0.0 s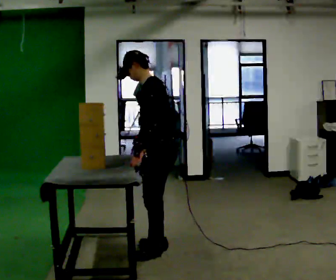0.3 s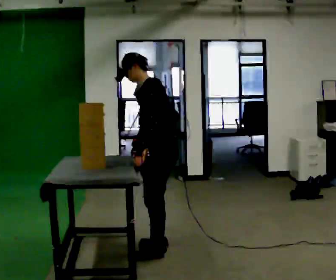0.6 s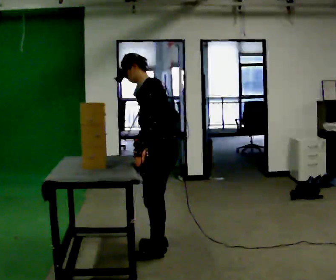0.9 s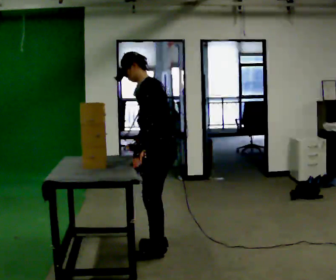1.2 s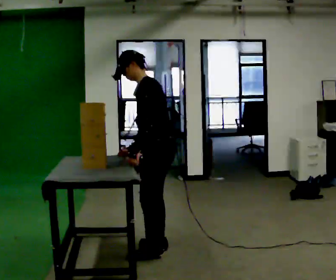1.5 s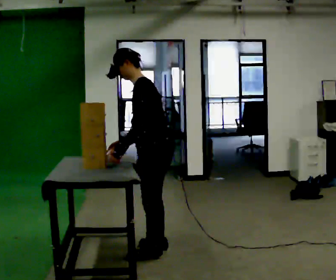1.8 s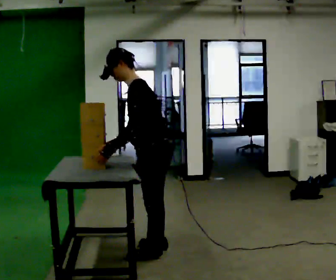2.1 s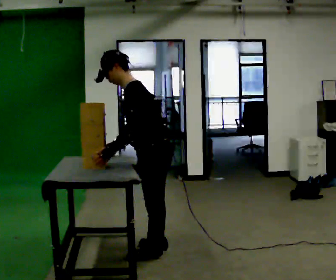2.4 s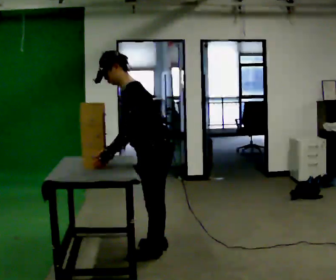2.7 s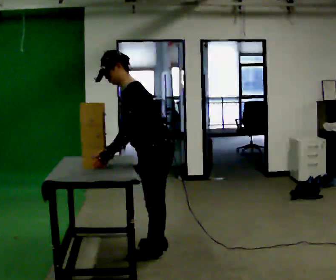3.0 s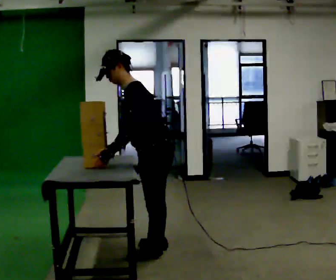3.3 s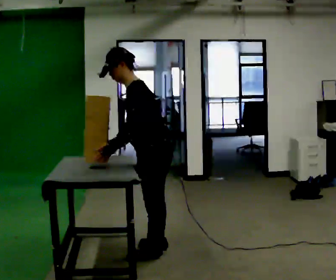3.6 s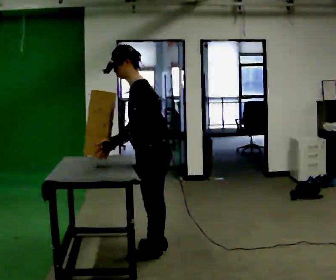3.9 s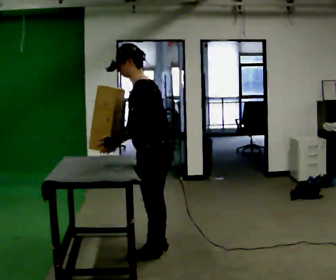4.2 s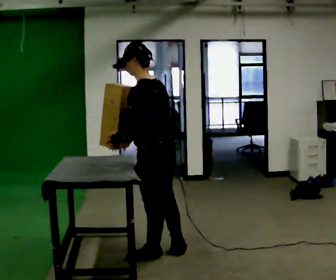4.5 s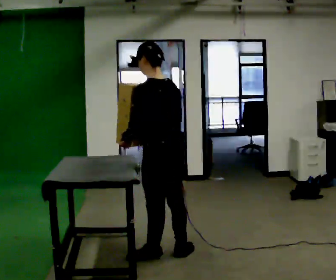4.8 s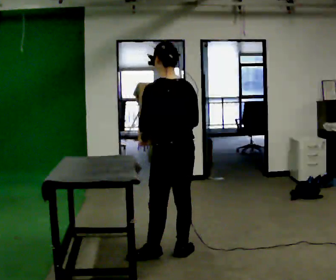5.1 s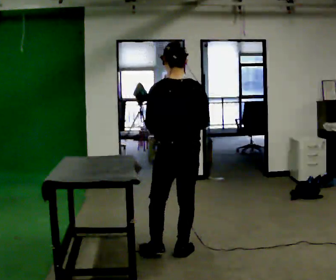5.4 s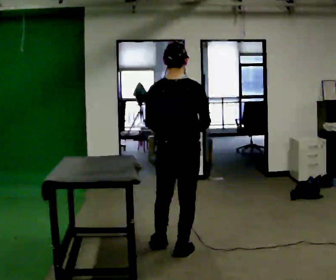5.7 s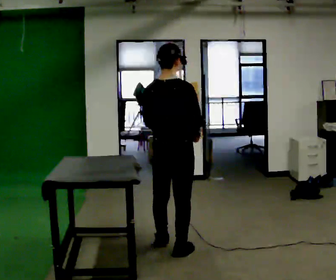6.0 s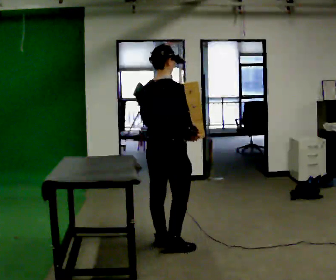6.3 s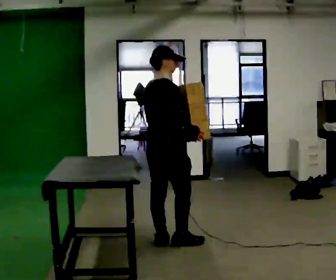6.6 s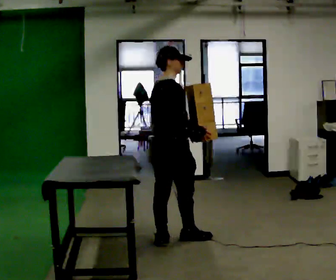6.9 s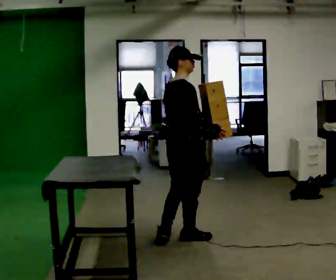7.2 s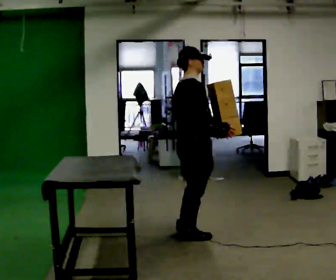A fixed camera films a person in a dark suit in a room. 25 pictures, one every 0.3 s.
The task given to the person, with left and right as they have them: Pick an object up off the floor at one end of the room, carry it across, and place it on the waist-height shelf at the other end. Keep going until the operator says stop; one object at a time, and do not rush between trips.
0.0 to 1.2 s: The person moves a little, or ends about where they began.
1.2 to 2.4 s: The upper body tips toward the camera, its near side rolling downward.
2.4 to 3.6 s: The person moves a little, or ends about where they began.
3.6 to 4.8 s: Seen from above the body turns clockwise, about 45 degrees: to their right, with its near side sliding to the left. In the picture they go to the right, about 0.25 m in 1 step, which for them is backward. In the picture their right hand goes to the right.
4.8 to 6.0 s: The person turns about 75 degrees to their right, clockwise seen from above, so the part of the body nearest the lens slides to the left. In the picture they go away from the camera, about 0.25 m in 1 step.
6.0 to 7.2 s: In the picture they go to the right and away from the camera, about 0.25 m in 1 step, which for them is forward.
The film runs forward here.
